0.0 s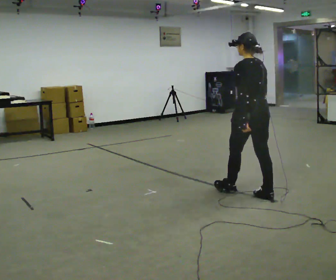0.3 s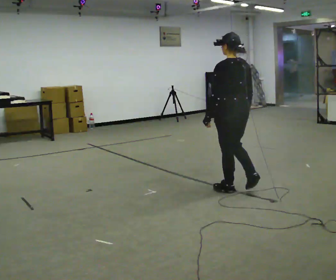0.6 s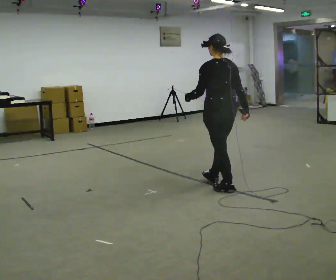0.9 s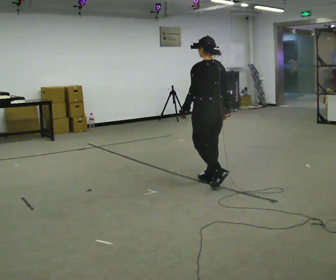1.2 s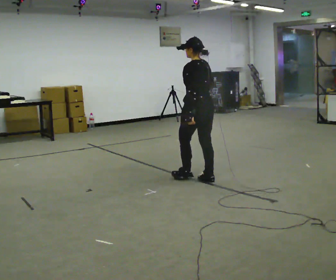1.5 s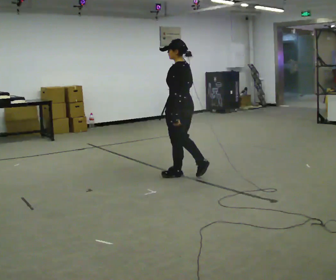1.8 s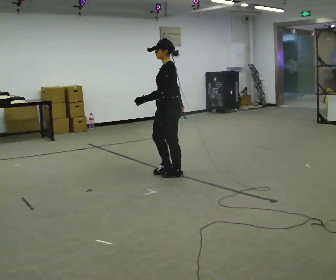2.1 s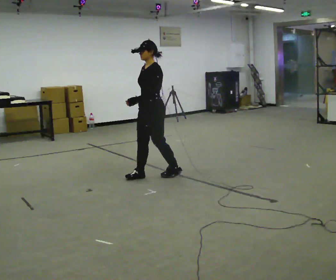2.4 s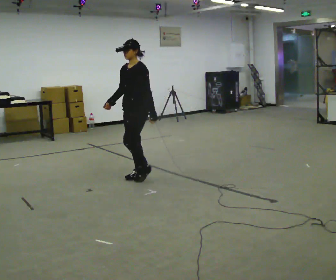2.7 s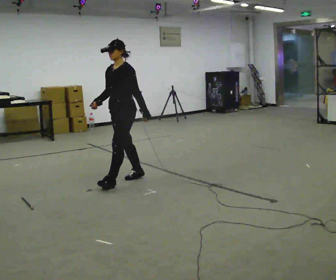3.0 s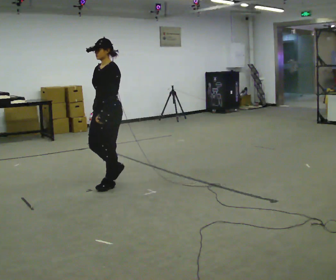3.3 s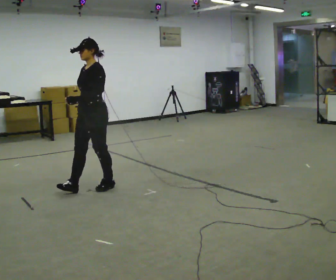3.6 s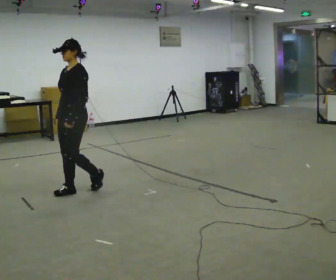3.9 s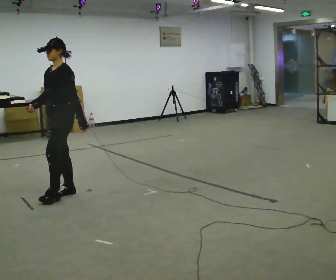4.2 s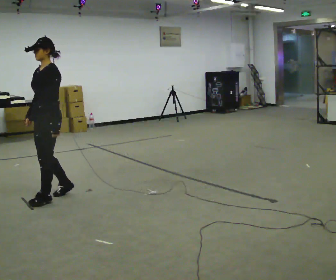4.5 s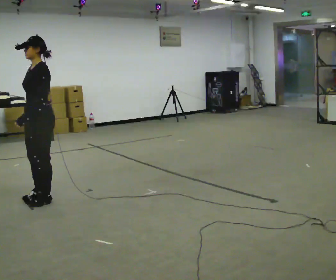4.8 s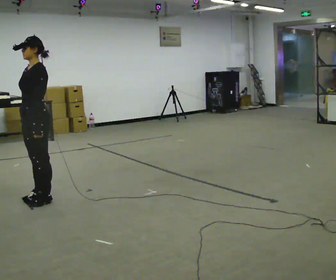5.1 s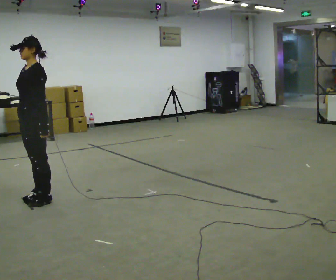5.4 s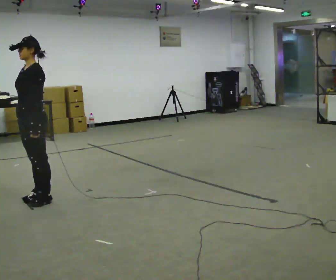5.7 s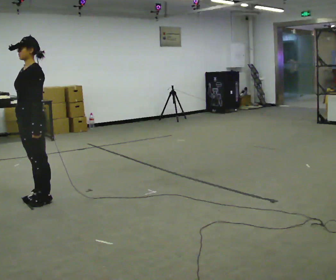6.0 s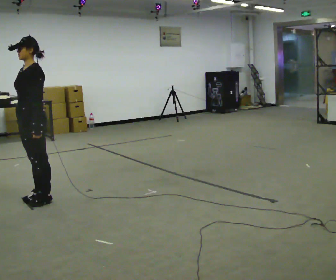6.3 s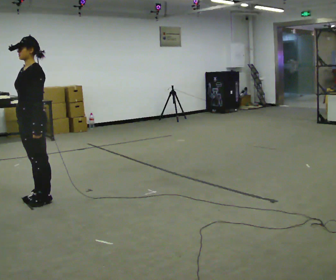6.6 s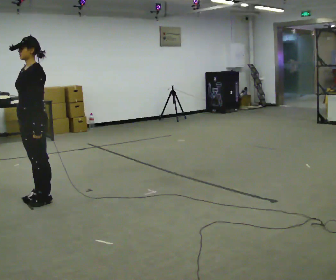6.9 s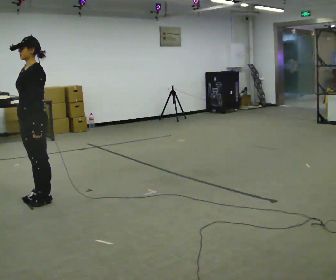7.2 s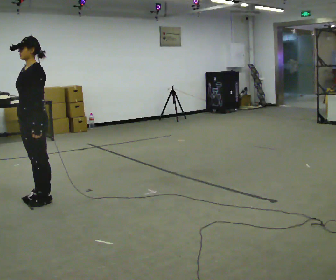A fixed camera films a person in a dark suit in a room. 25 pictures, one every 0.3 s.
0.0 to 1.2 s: In the picture they go away from the camera and to the left, about 0.5 m in 1 step, which for them is forward.
1.2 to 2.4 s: Seen from above the body turns counterclockwise, about 75 degrees: to their left, with its near side sliding to the right. In the picture they go to the left and away from the camera, about 0.75 m in 2 steps.
2.4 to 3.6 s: In the picture they go to the left and toward the camera, about 1 m in 2 steps, which for them is forward.
3.6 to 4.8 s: In the picture they go to the left and toward the camera, about 0.5 m in 2 steps, which for them is forward.
4.8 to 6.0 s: The person moves a little, or ends about where they began.
6.0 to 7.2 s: The person keeps their place and pose.
The film runs forward here.
